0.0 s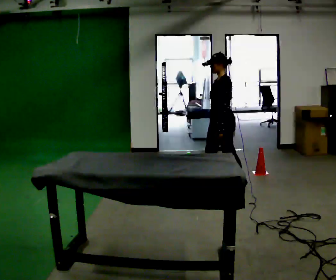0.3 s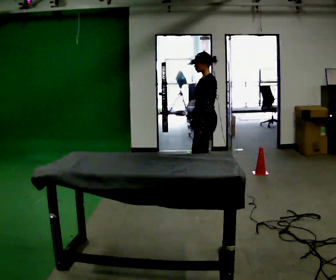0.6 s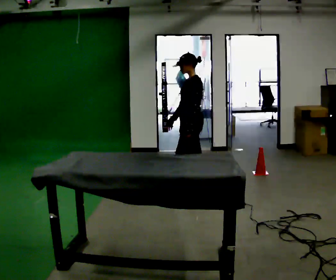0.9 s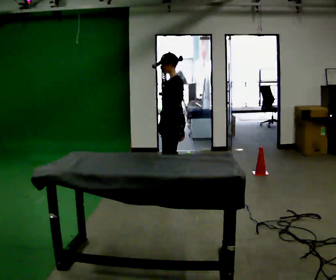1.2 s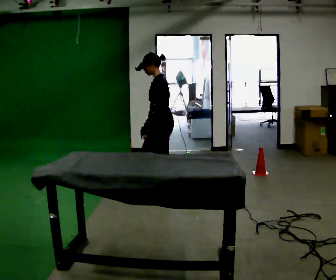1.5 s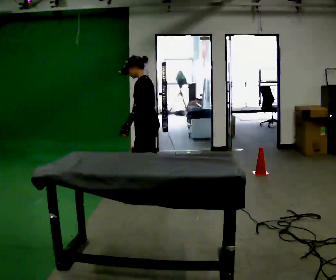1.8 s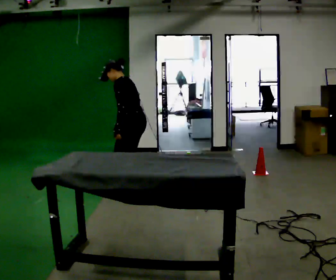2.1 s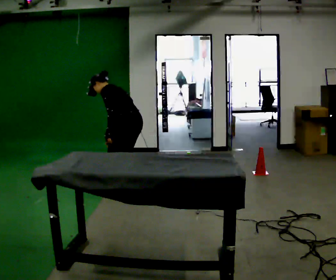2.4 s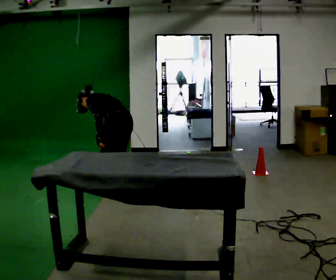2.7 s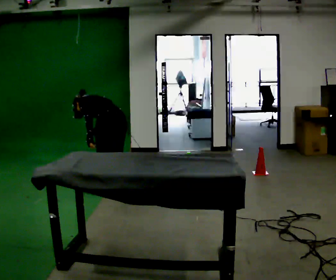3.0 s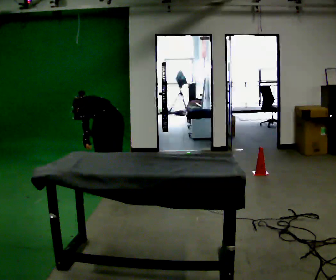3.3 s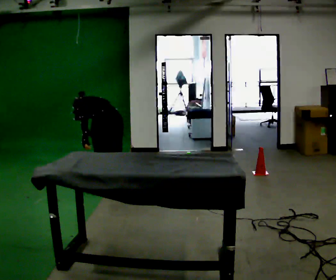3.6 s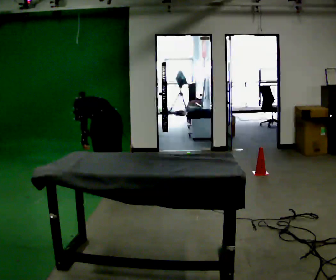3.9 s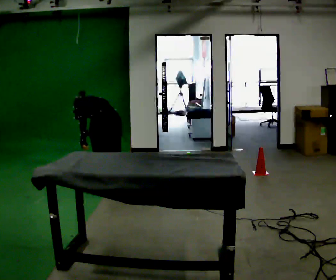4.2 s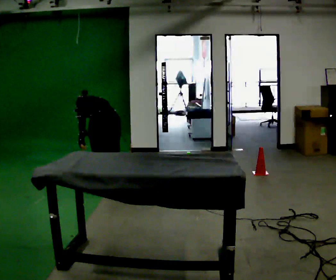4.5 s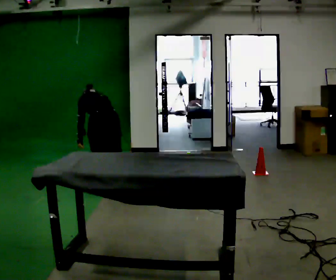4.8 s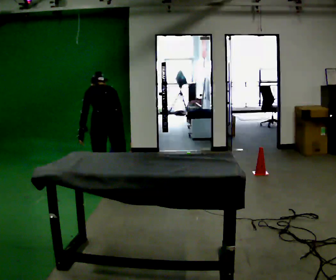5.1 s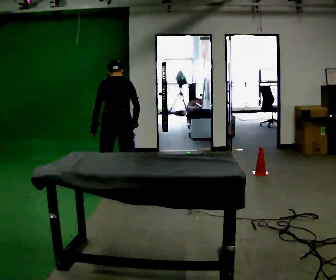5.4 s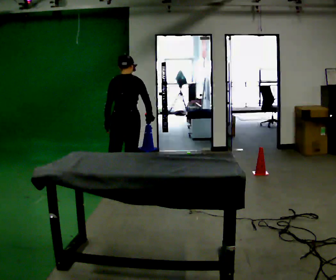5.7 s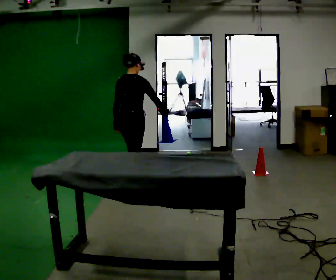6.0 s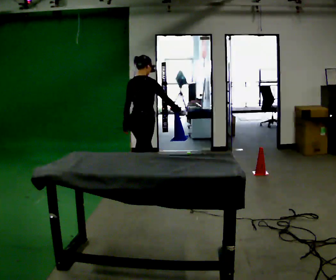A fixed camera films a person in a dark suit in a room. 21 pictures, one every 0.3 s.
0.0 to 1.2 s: In the picture they go to the left, about 0.75 m in 1 step, which for them is forward.
1.2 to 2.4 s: The person turns about 30 degrees to their right, clockwise seen from above, so the part of the body nearest the lens slides to the left. In the picture they go to the left, about 0.5 m in 2 steps, which for them is forward and to their left. The shoulders move downward. The upper body tips away from the camera, its near side rolling upward, as they bend forward.
2.4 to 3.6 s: The person moves a little, or ends about where they began.
3.6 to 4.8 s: The person turns about 30 degrees to their right, clockwise seen from above, so the part of the body nearest the lens slides to the left. The shoulders move upward. In the picture the upper body tilts clockwise, shoulders to the right, as they lean back or straighten.
4.8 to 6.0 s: The person turns about 60 degrees to their right, clockwise seen from above, so the part of the body nearest the lens slides to the left. In the picture they go to the right and away from the camera, about 0.5 m in 1 step. The upper body tips toward the camera, its near side rolling downward, as they lean back or straighten.
The film runs forward here.
